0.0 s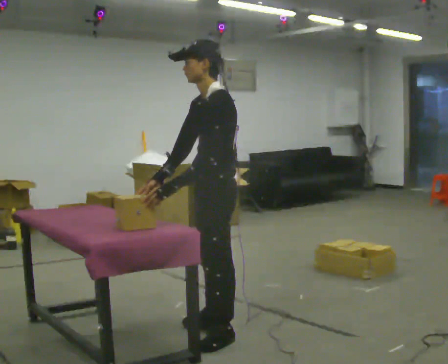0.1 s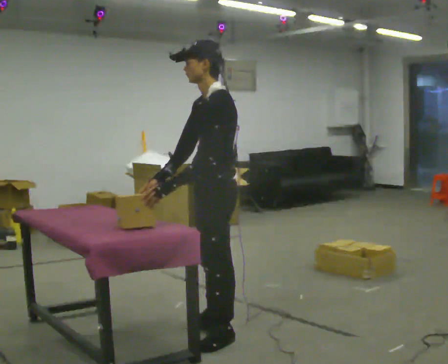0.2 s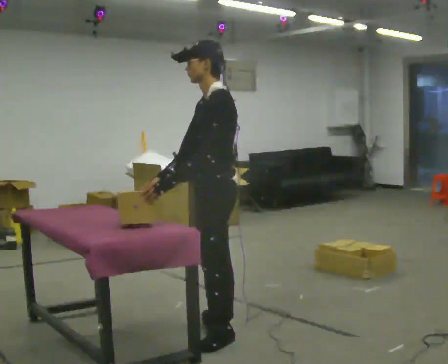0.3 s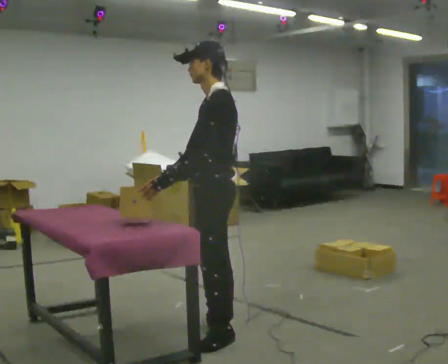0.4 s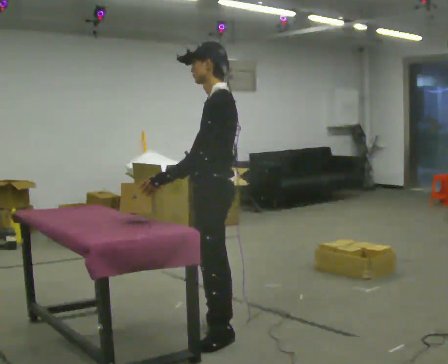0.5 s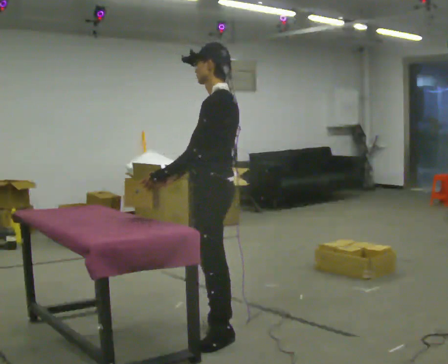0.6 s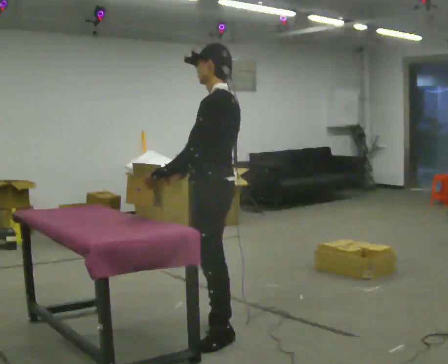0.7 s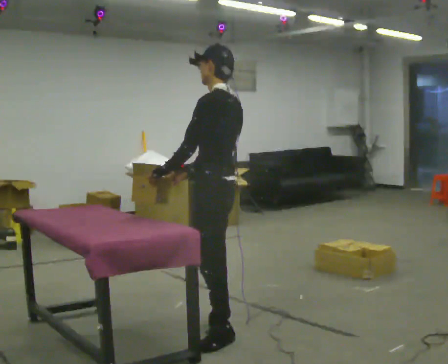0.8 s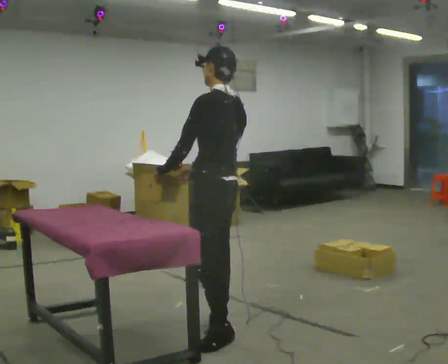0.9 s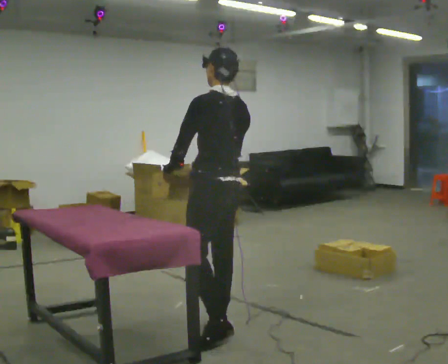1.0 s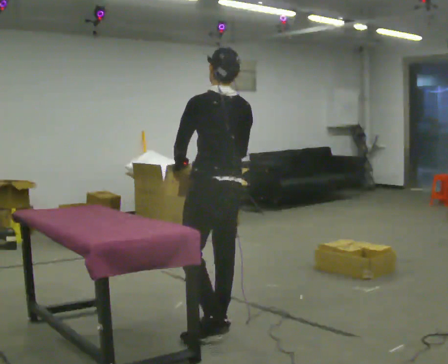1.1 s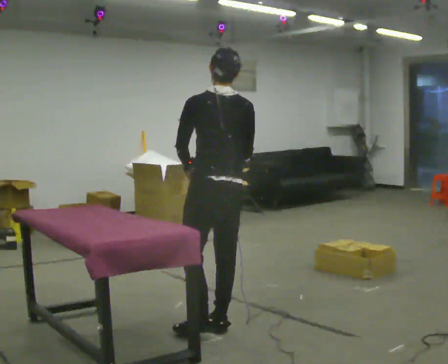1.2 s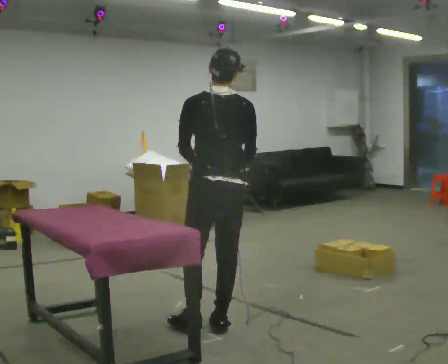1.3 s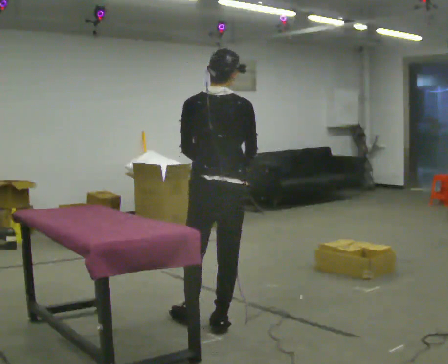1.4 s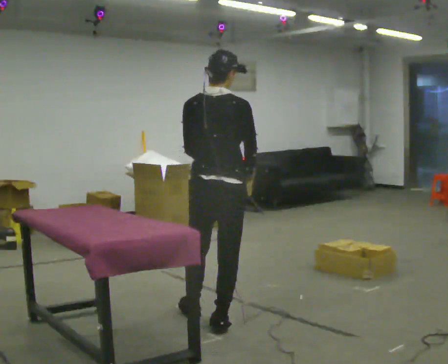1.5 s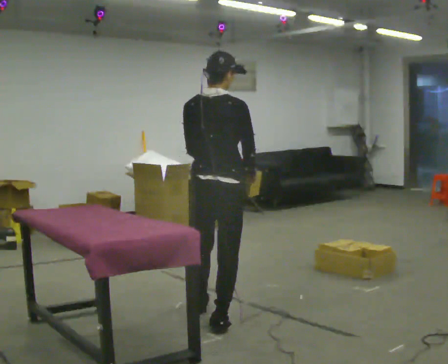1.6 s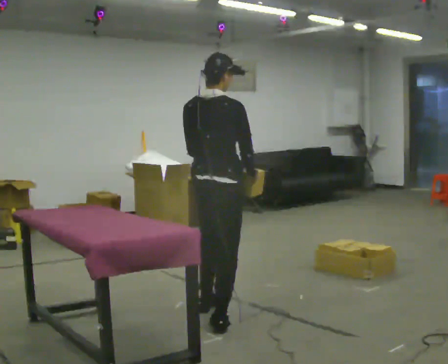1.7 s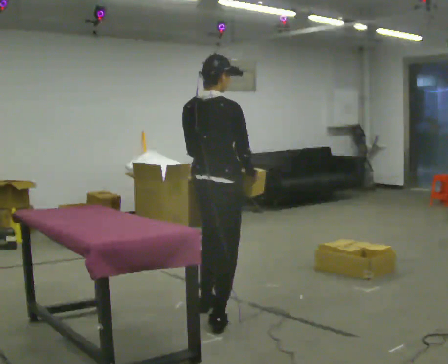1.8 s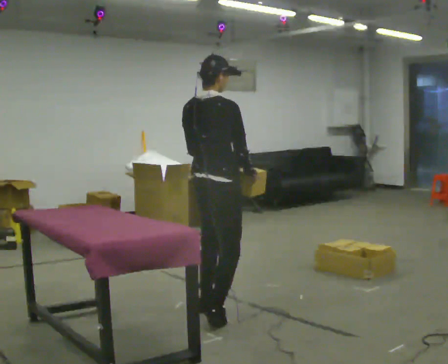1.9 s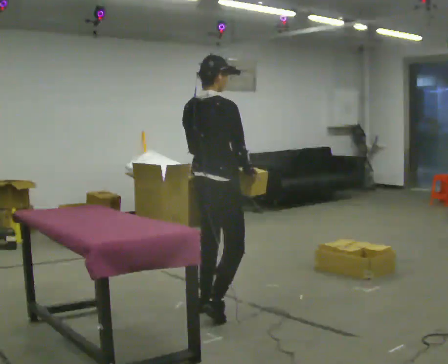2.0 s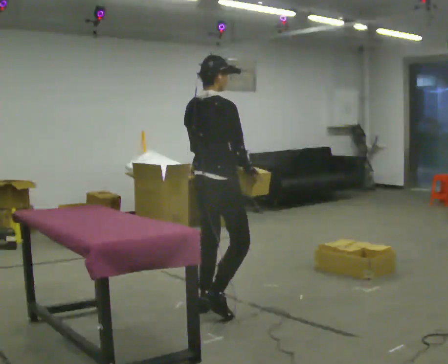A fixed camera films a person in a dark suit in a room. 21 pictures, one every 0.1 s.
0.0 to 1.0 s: Seen from above the body turns clockwise, about 60 degrees: to their right, with its near side sliding to the left. In the picture they go away from the camera, about 0.25 m. In the picture their right hand goes to the right.
1.0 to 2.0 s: The part of the body nearest the lens slides to the left as the person turns to their right by about 75 degrees. In the picture they go away from the camera, about 0.5 m in 1 step.
The film runs forward here.
